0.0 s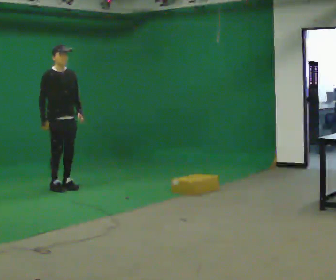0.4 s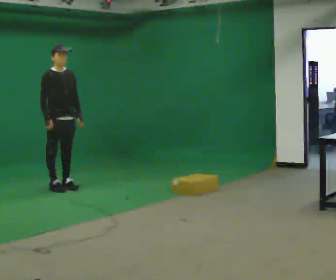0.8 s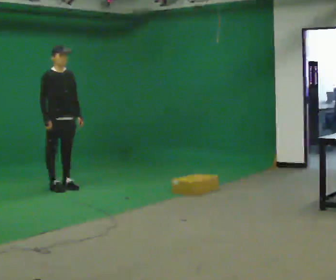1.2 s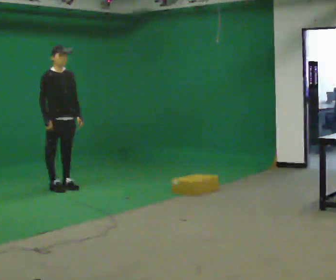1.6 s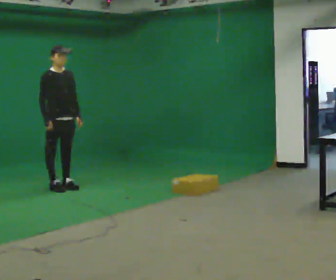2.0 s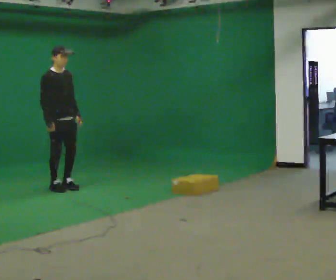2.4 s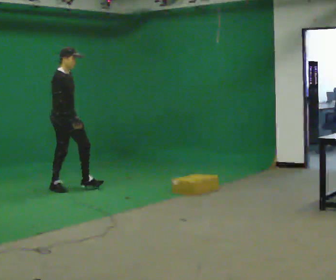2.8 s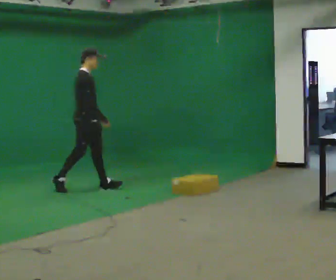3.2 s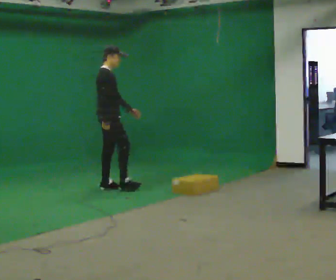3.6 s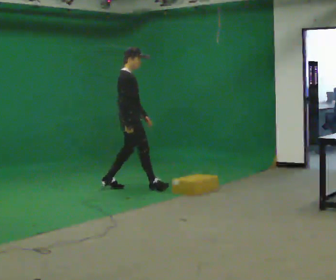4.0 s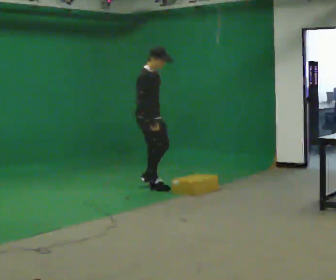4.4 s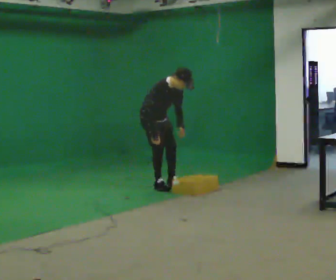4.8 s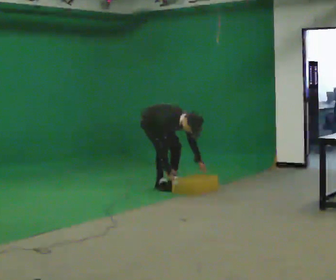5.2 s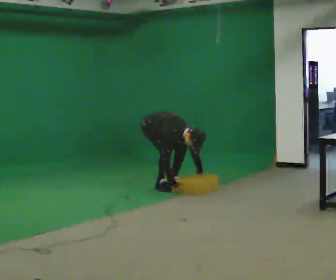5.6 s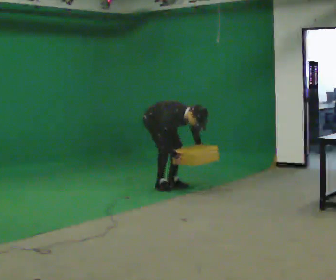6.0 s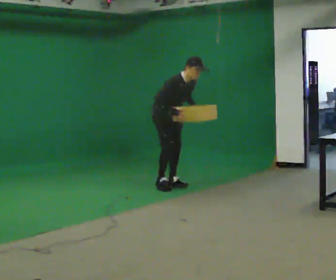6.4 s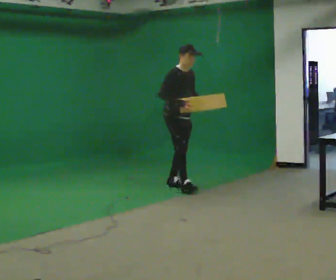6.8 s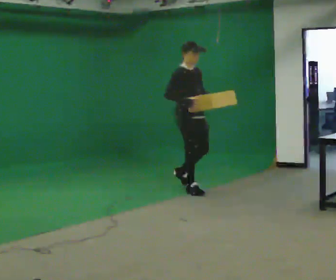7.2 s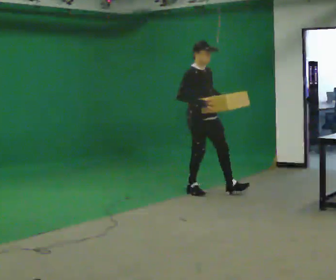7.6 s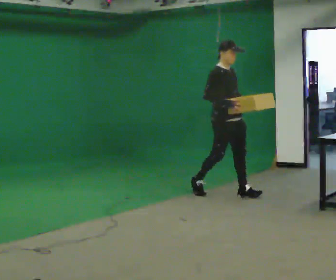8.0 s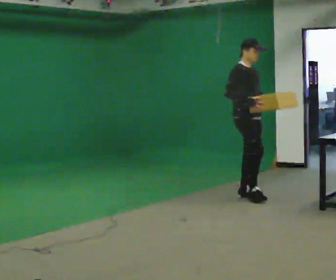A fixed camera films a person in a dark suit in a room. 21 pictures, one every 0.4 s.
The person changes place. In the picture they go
to the right.
0.0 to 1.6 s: The person moves a little, or ends about where they began.
1.6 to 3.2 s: Seen from above the body turns counterclockwise, about 60 degrees: to their left, with its near side sliding to the right. In the picture they go to the right, about 0.75 m in 1 step, which for them is forward.
3.2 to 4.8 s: The person turns about 45 degrees to their right, clockwise seen from above, so the part of the body nearest the lens slides to the left. In the picture they go to the right, about 0.5 m in 2 steps, which for them is forward and to their left. The shoulders move downward. In the picture the upper body tilts clockwise, shoulders to the right, as they bend forward. In the picture their right hand goes downward.
4.8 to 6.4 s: In the picture they go to the right and toward the camera, about 0.25 m, which for them is forward. The shoulders move upward. In the picture the upper body tilts counterclockwise, shoulders to the left, as they lean back or straighten. In the picture their right hand goes upward.
6.4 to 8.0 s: In the picture they go to the right and toward the camera, about 1 m in 2 steps, which for them is forward.
The film runs forward here.
